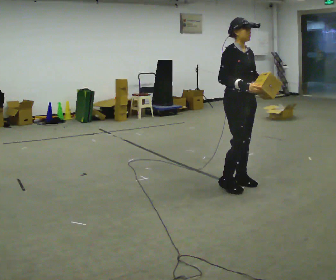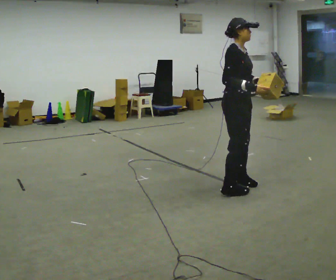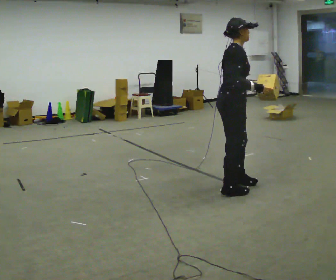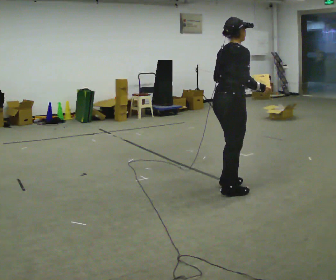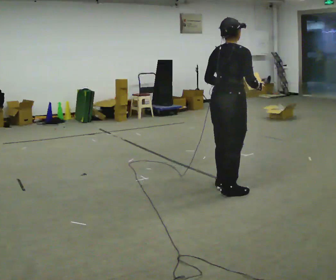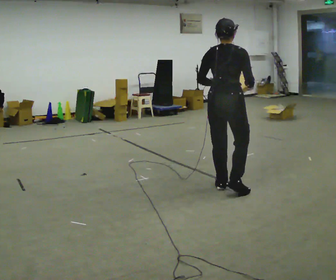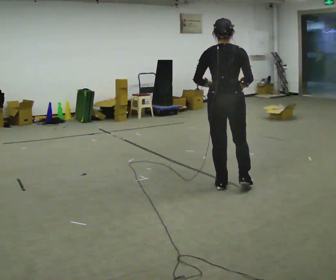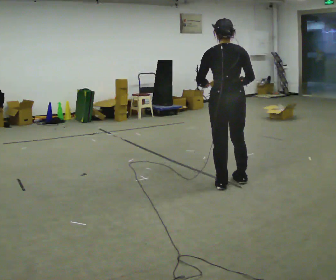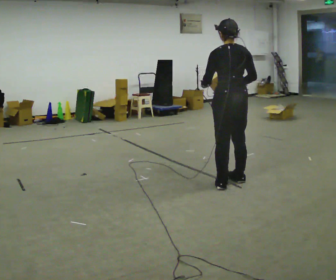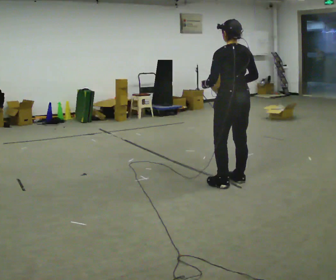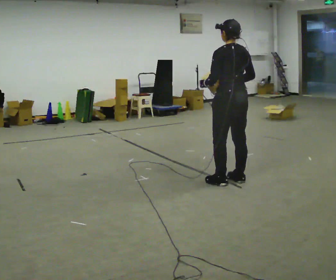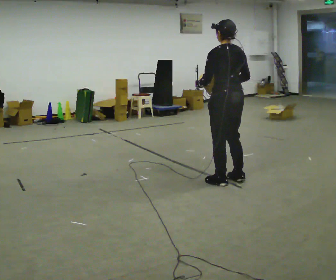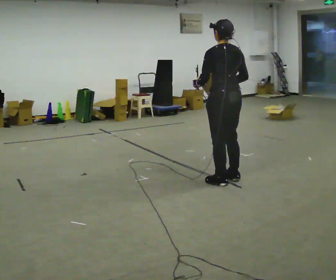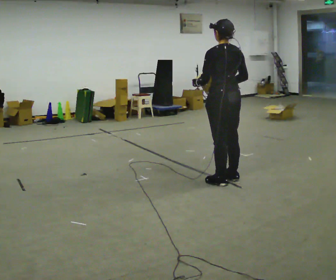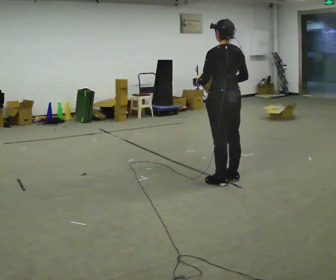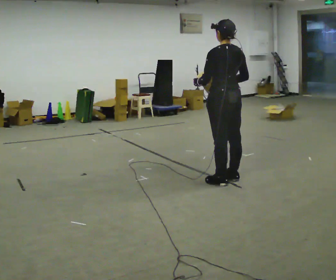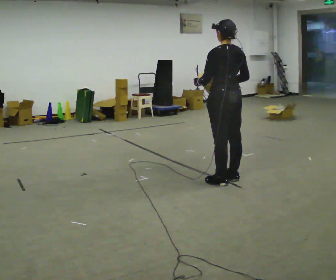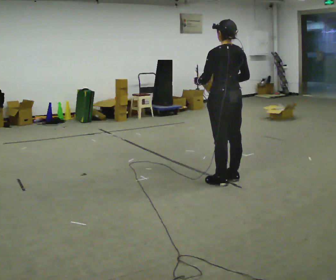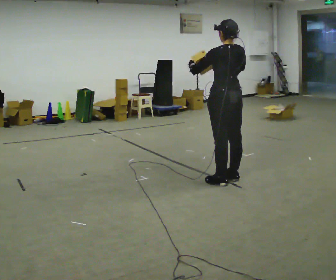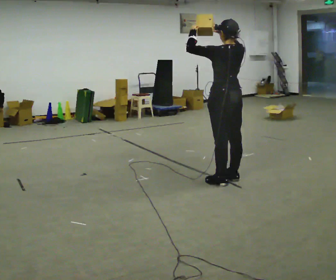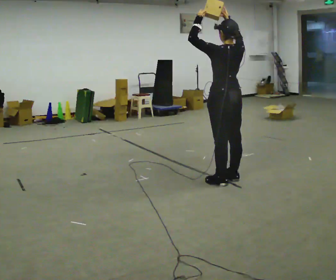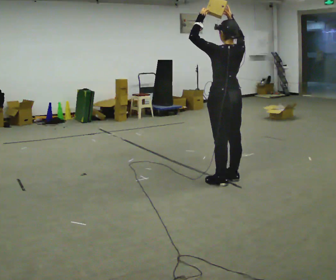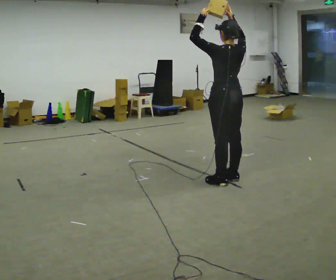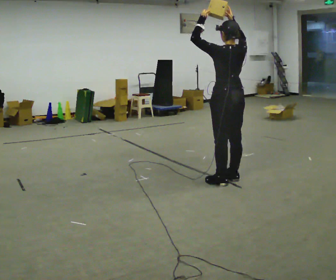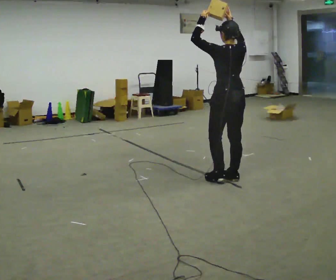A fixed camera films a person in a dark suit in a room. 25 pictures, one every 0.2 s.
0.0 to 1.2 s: Seen from above the body turns counterclockwise, about 120 degrees: to their left, with its near side sliding to the right. In the picture their left hand goes to the left.
1.2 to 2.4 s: The person turns about 45 degrees to their left, counterclockwise seen from above, so the part of the body nearest the lens slides to the right.
2.4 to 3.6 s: The person moves a little, or ends about where they began.
3.6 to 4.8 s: In the picture their left hand goes upward, the arm swinging clockwise.
The film runs forward here.
